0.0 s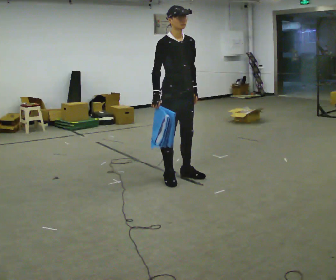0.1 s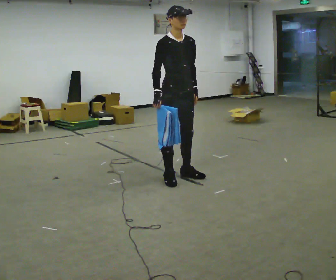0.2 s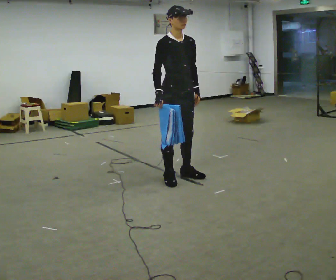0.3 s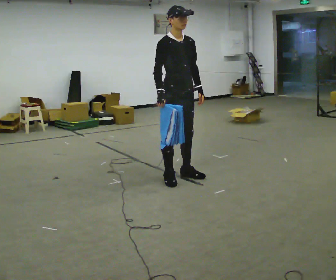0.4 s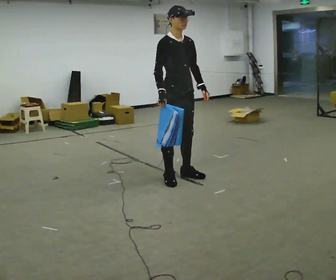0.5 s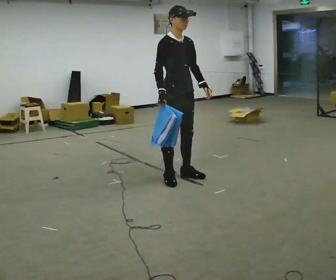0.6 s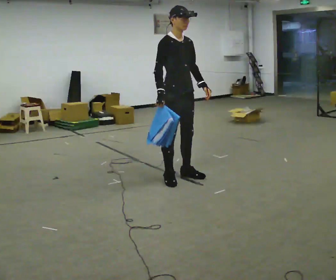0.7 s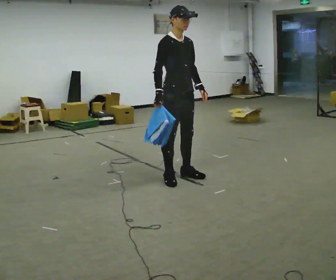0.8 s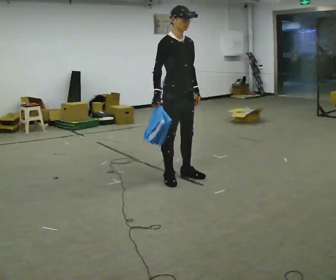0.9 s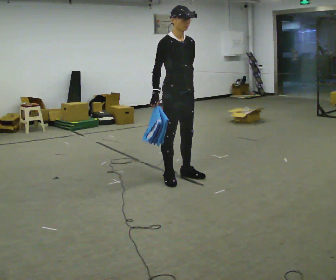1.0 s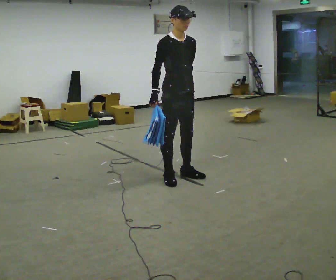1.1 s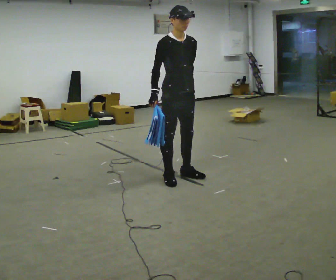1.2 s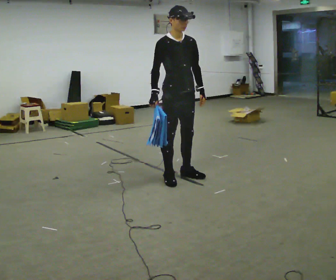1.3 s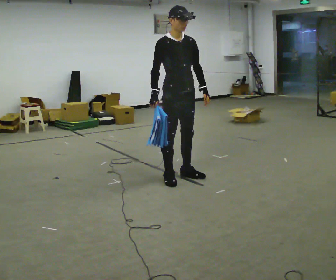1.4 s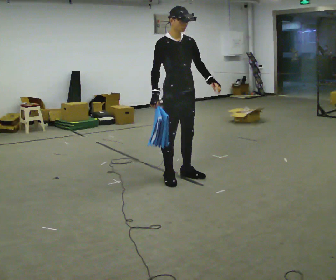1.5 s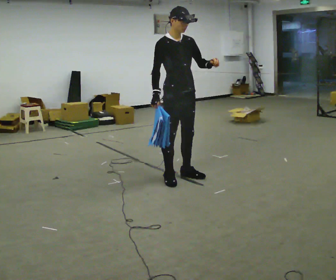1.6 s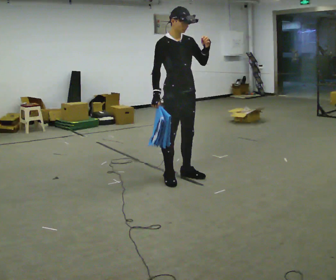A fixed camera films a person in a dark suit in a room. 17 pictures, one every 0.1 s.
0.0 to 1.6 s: In the picture their left hand goes upward.
The film runs backward here.
